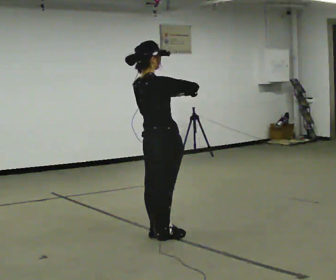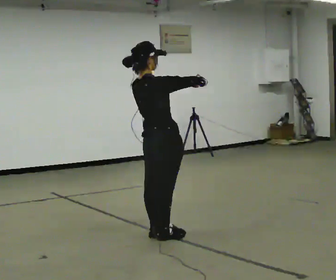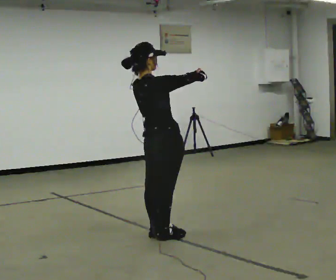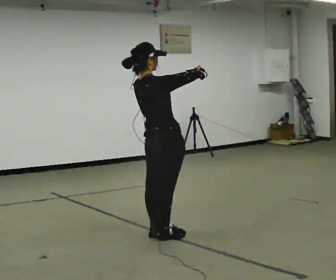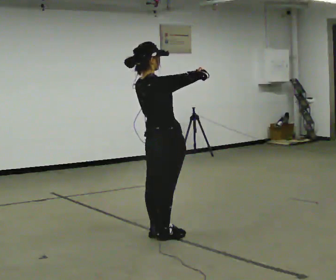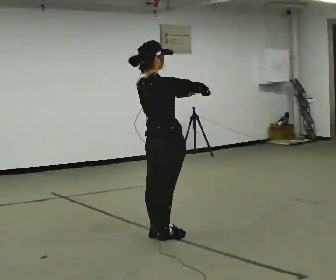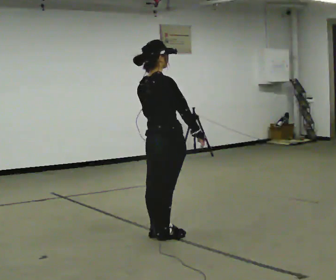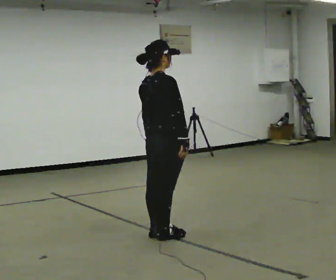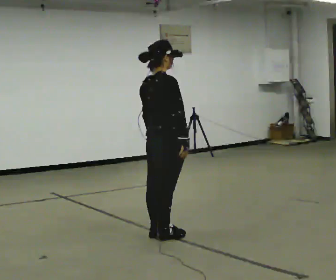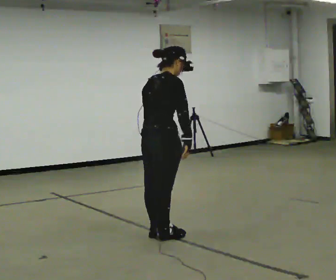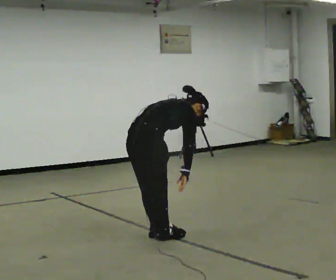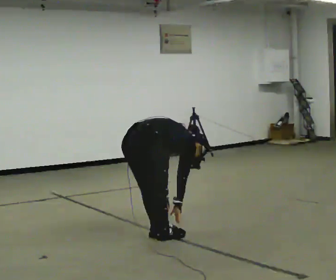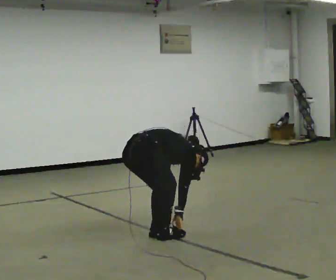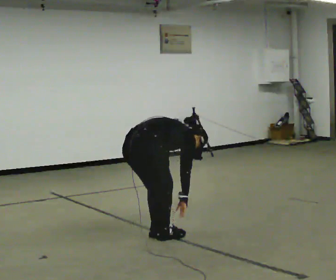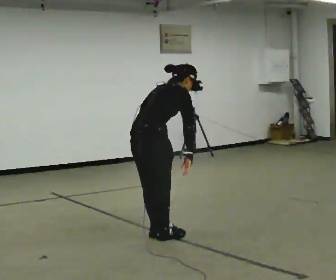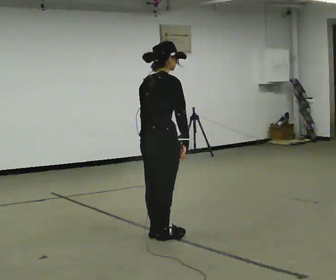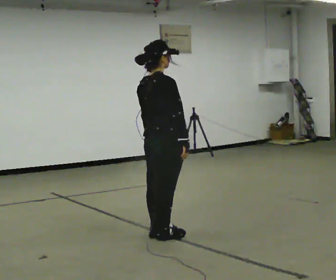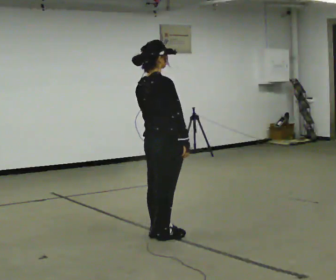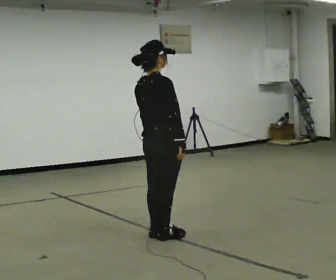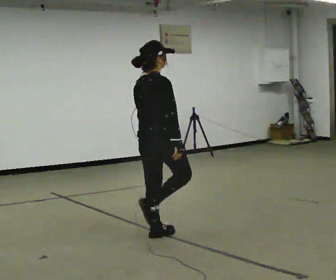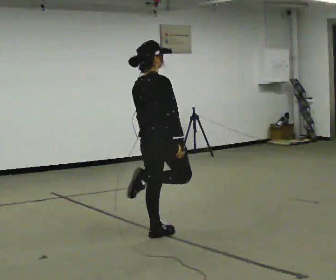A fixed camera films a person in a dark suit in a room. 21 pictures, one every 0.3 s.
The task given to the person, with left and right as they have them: Work through the stretches in order, holding each one briefly: touch your toes, pull each heel up behind you, stretch each arm across your chest, and stretch each calf. Stay in one place throughout.
0.0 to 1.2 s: The person moves a little, or ends about where they began.
1.2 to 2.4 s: In the picture their right hand goes downward, the arm swinging clockwise.
2.4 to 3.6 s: In the picture they go to the left, about 0.25 m, which for them is backward. The shoulders move downward. In the picture the upper body tilts clockwise, shoulders to the right, as they bend forward. In the picture their right hand goes downward.
3.6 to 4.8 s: In the picture they go to the right, about 0.25 m, which for them is forward. The shoulders move upward. In the picture the upper body tilts counterclockwise, shoulders to the left, as they lean back or straighten. In the picture their right hand goes upward.
4.8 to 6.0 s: The person moves a little, or ends about where they began.
The film runs forward here.
